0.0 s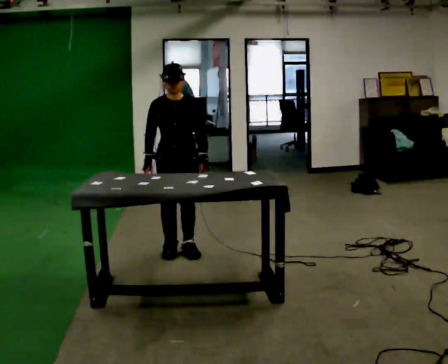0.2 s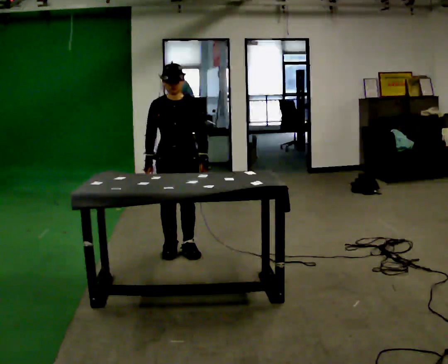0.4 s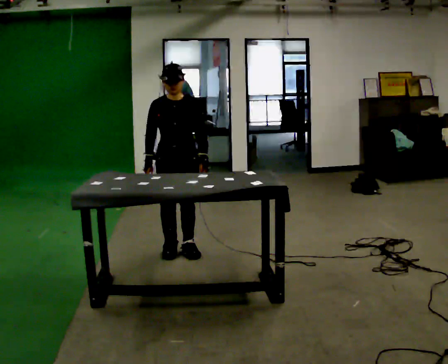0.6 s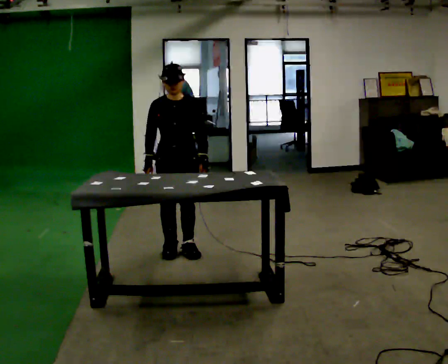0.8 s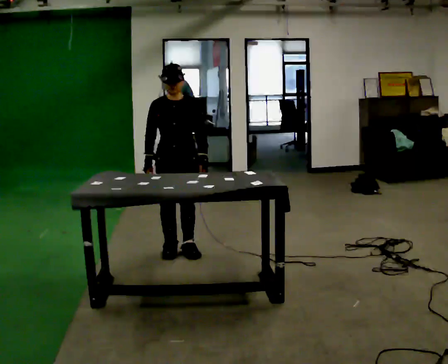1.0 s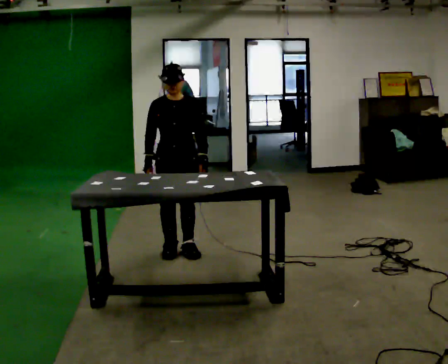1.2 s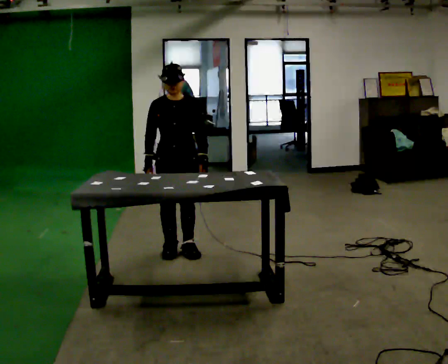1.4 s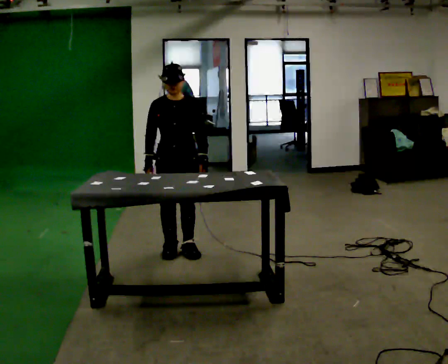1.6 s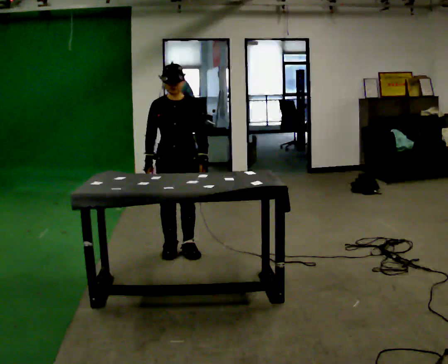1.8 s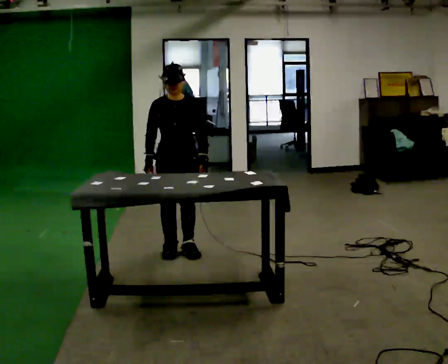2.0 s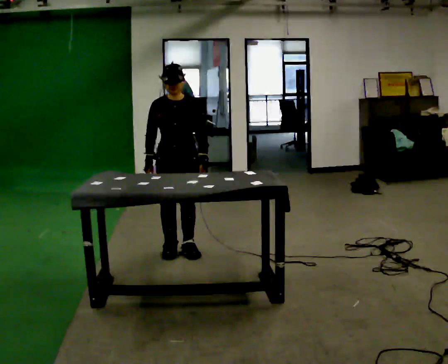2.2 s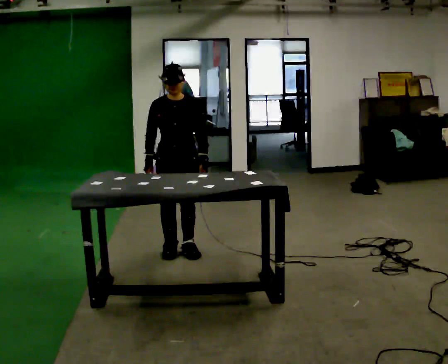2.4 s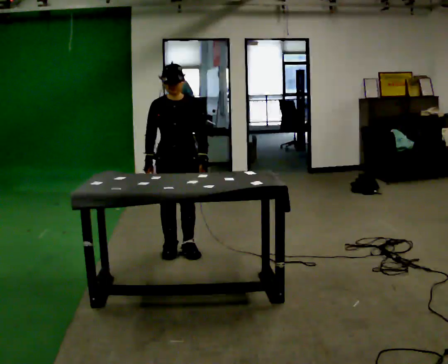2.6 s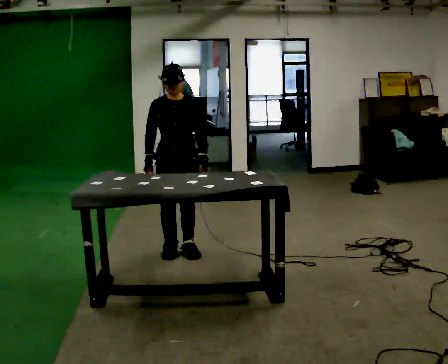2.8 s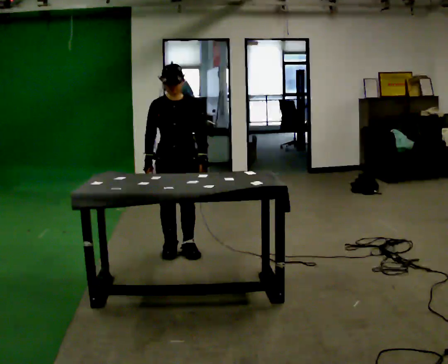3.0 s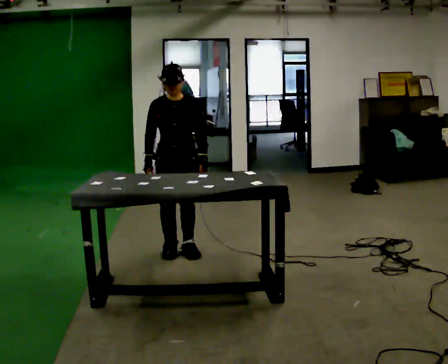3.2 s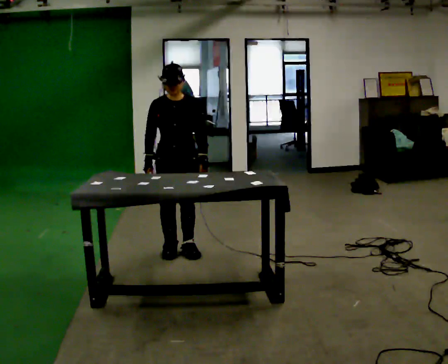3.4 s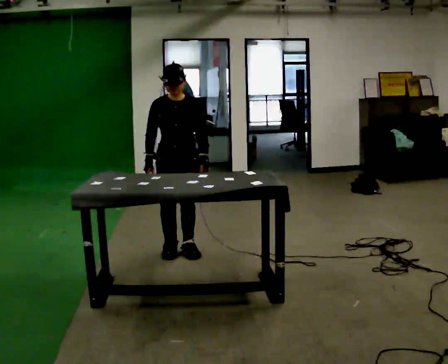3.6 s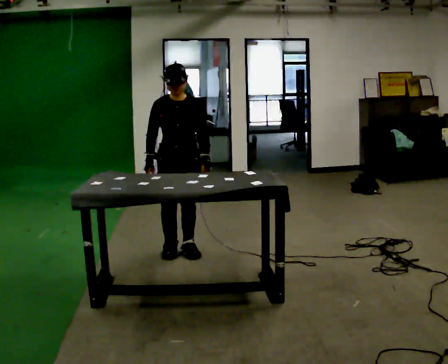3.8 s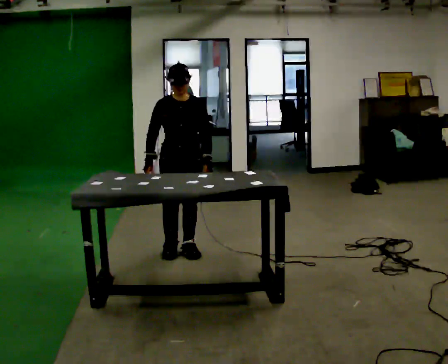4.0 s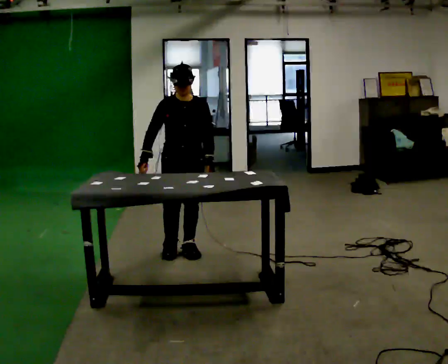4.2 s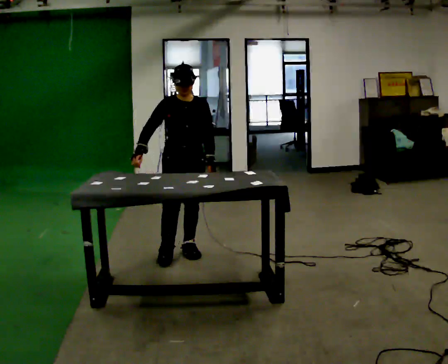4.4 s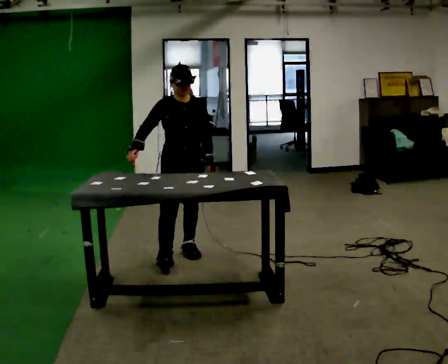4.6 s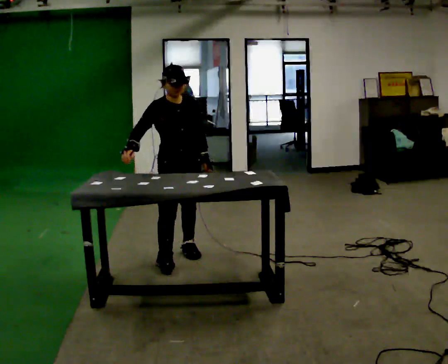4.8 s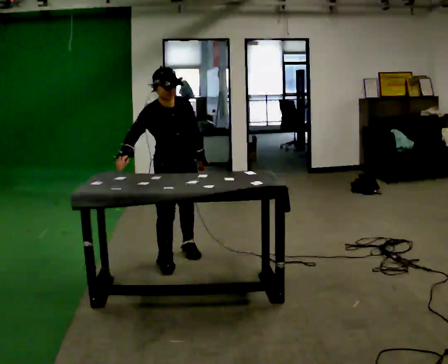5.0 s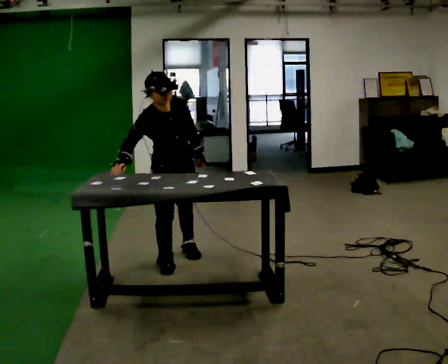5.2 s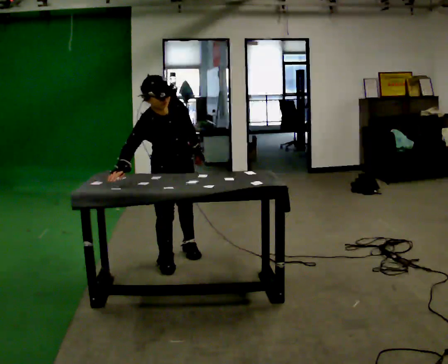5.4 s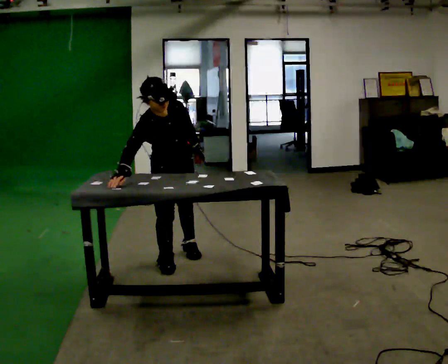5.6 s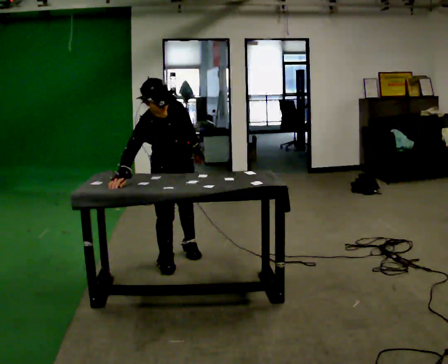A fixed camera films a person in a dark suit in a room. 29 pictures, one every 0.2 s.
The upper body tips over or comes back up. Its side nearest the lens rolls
downward.
0.0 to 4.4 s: The person moves a little, or ends about where they began.
4.4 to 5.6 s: The upper body tips toward the camera, its near side rolling downward, as they bend forward.
The film runs forward here.
